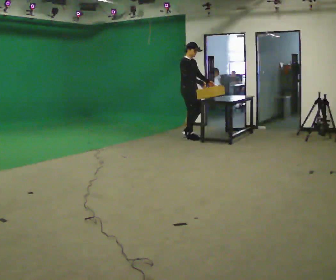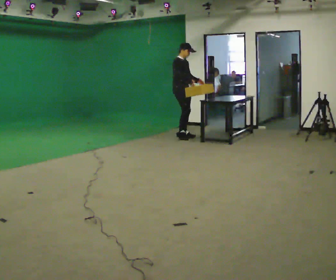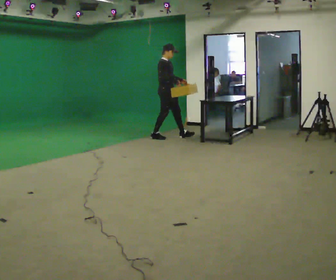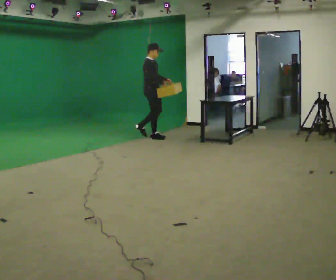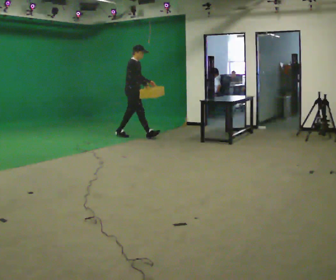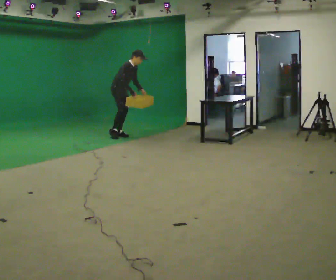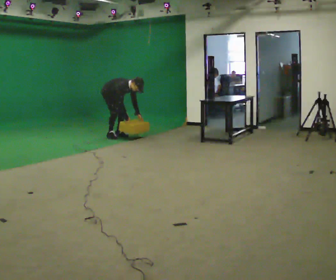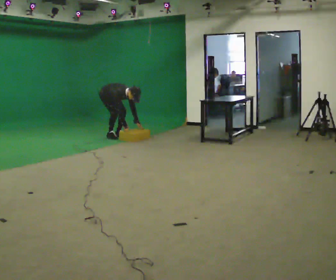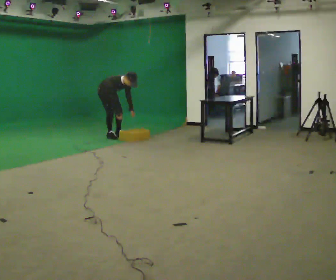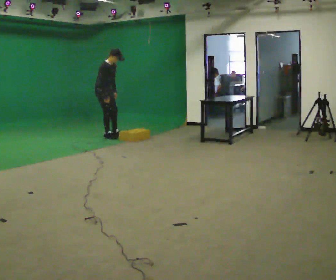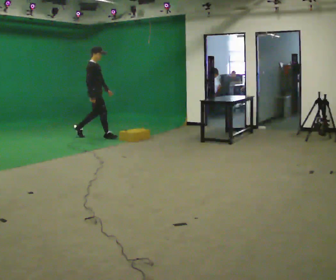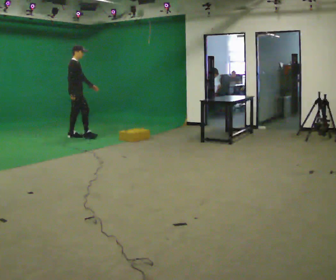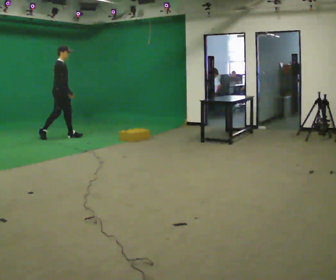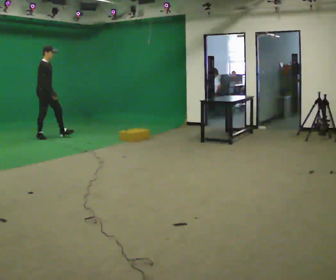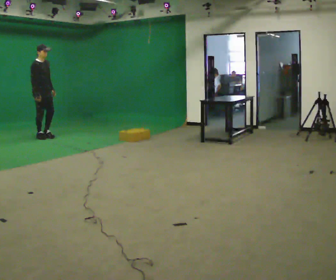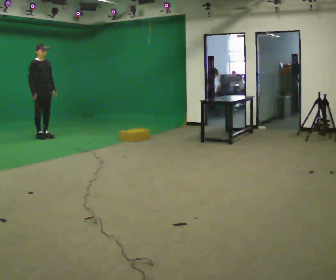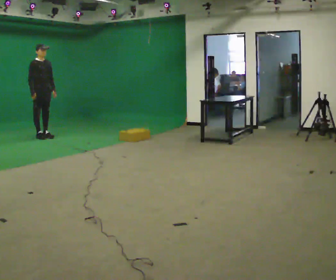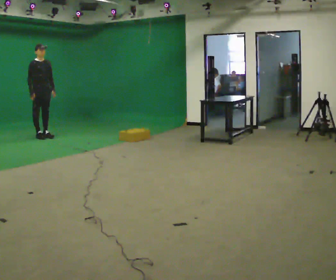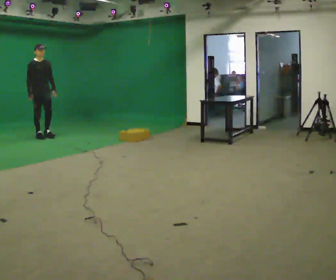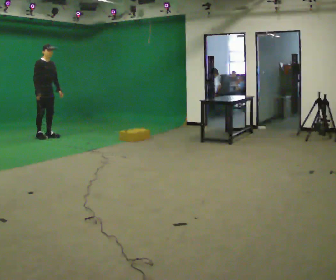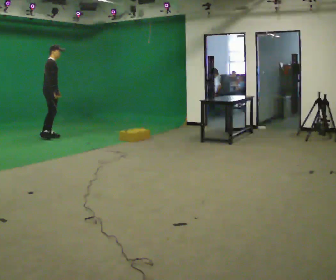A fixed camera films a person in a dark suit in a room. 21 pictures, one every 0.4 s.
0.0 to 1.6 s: In the picture they go to the left, about 1 m in 3 steps, which for them is backward.
1.6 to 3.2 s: The person turns about 30 degrees to their right, clockwise seen from above, so the part of the body nearest the lens slides to the left. In the picture they go to the left, about 0.5 m, which for them is backward. In the picture their right hand goes downward.
3.2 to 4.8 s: The person turns about 30 degrees to their left, counterclockwise seen from above, so the part of the body nearest the lens slides to the right. In the picture they go to the left, about 1 m in 2 steps, which for them is backward. The upper body goes upward. In the picture the upper body tilts counterclockwise, shoulders to the left, as they lean back or straighten. In the picture their left hand goes upward.
4.8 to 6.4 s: The part of the body nearest the lens slides to the left as the person turns to their right by about 45 degrees. In the picture they go to the left, about 0.25 m in 1 step, which for them is backward and to their right.
6.4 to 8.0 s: The part of the body nearest the lens slides to the right as the person turns to their left by about 45 degrees. In the picture they go to the right, about 0.25 m in 1 step, which for them is to their left.
The film runs backward here.
